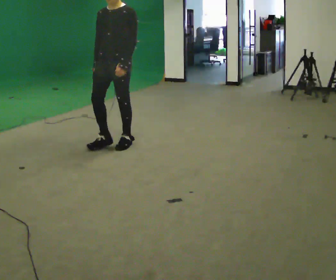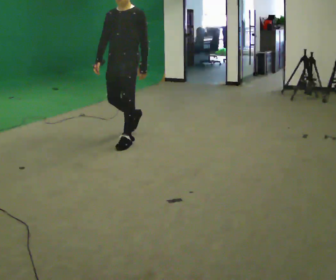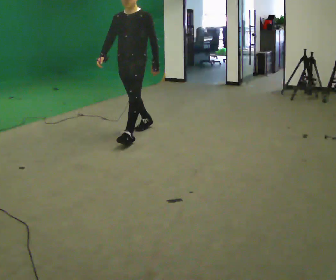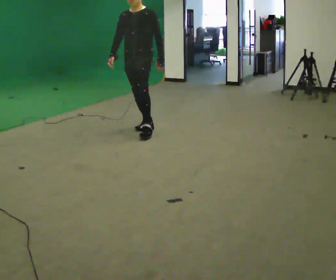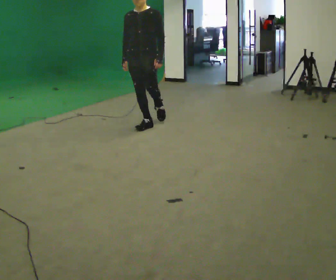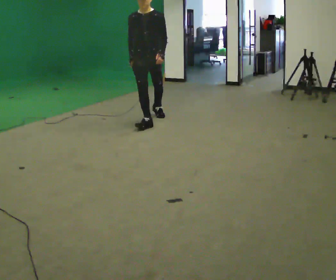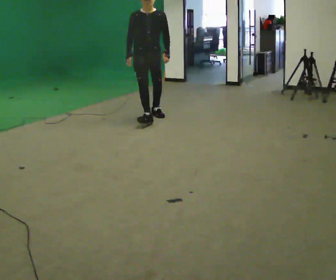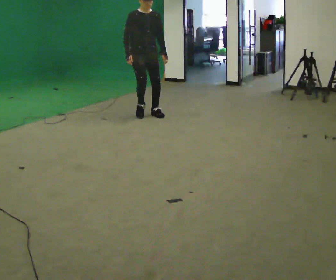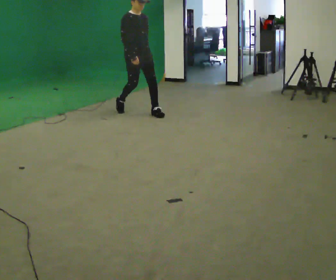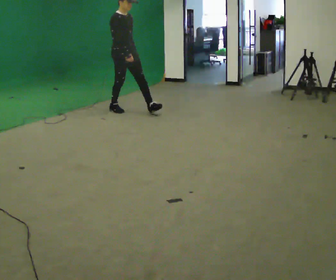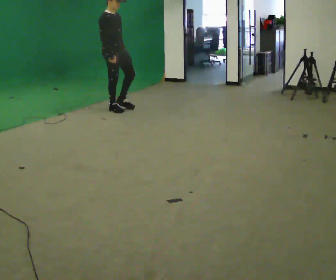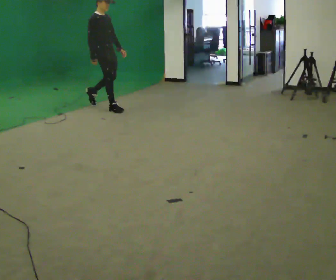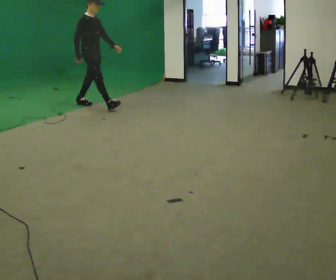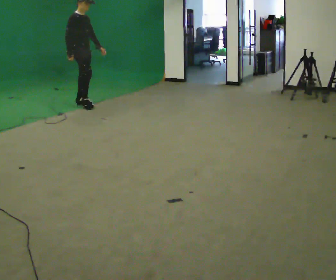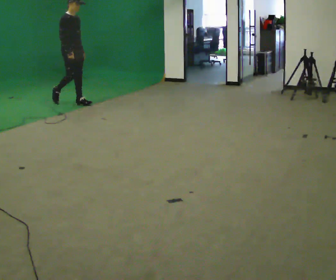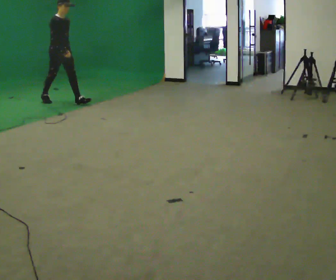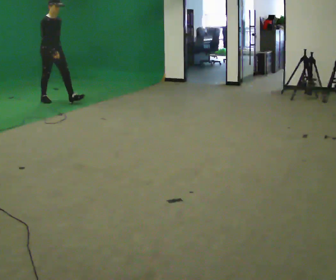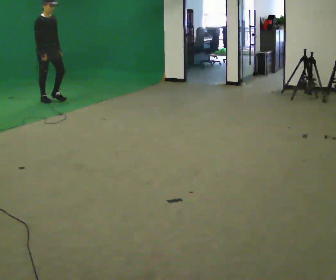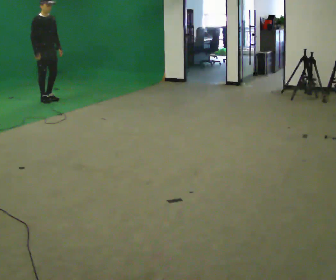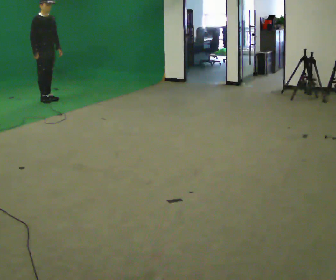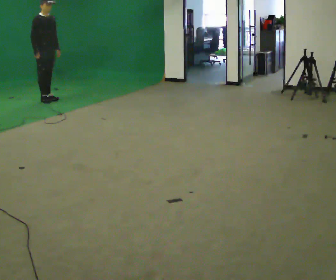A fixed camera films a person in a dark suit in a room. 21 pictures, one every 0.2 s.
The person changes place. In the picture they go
away from the camera.
The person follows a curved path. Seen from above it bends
counterclockwise.
0.0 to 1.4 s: The person turns about 45 degrees to their left, counterclockwise seen from above, so the part of the body nearest the lens slides to the right. In the picture they go away from the camera, about 1.5 m in 2 steps, which for them is backward.
1.4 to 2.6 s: Seen from above the body turns counterclockwise, about 45 degrees: to their left, with its near side sliding to the right. In the picture they go to the left and away from the camera, about 1 m in 2 steps, which for them is backward.
2.6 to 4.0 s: In the picture they go to the left and away from the camera, about 1 m in 1 step, which for them is backward.
The film runs backward here.
